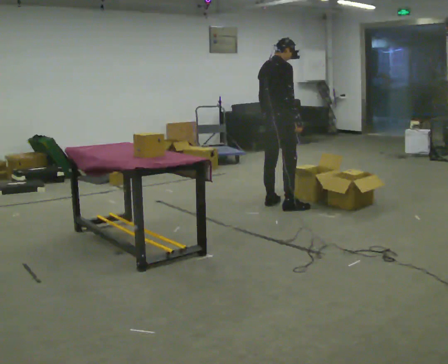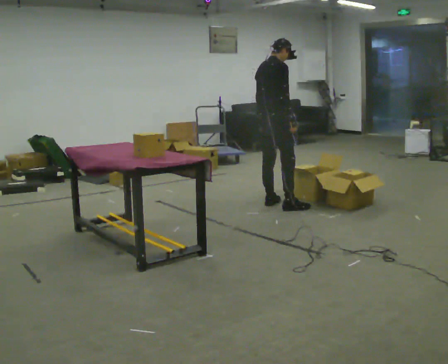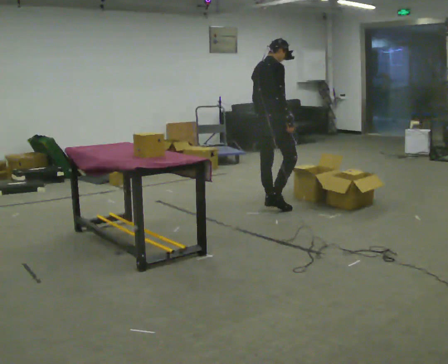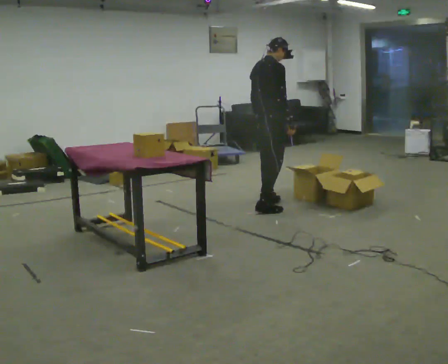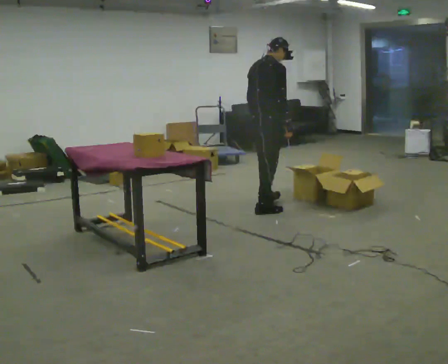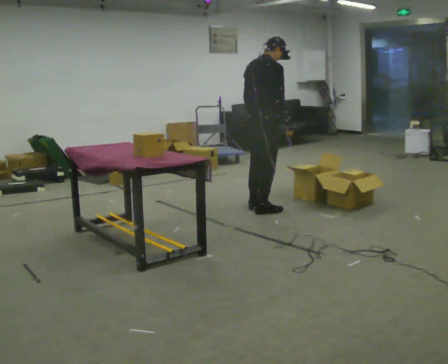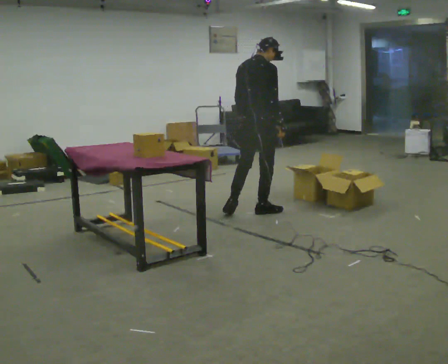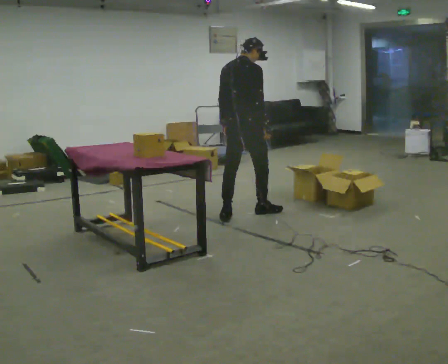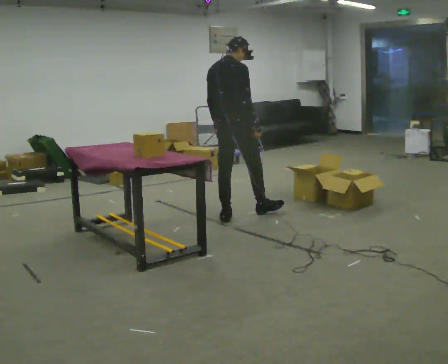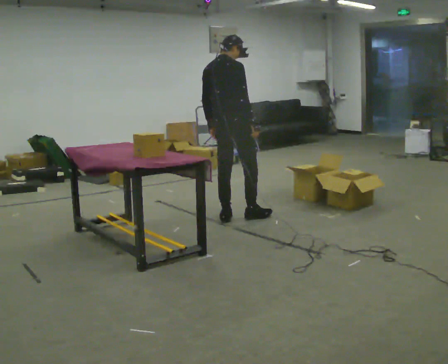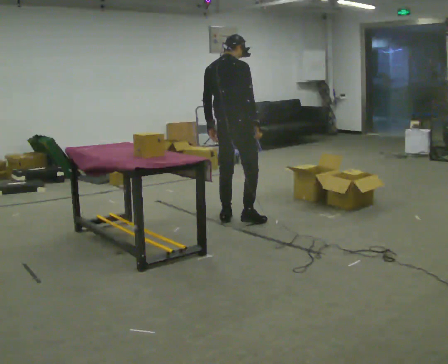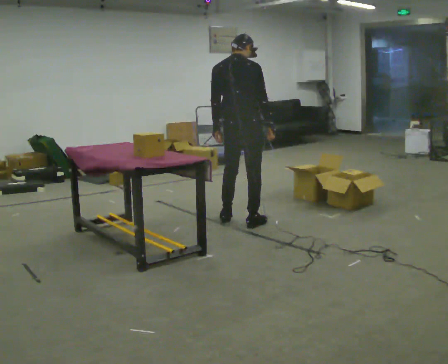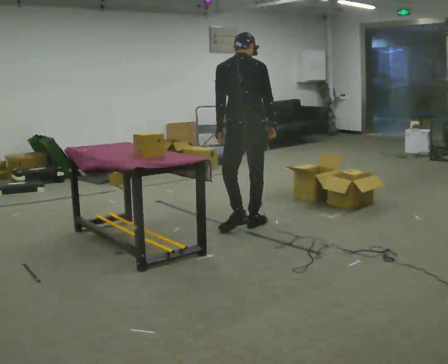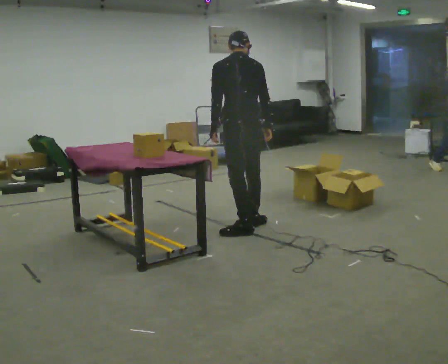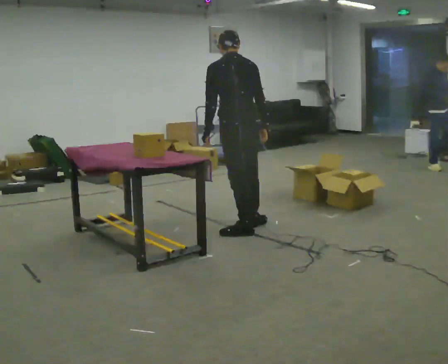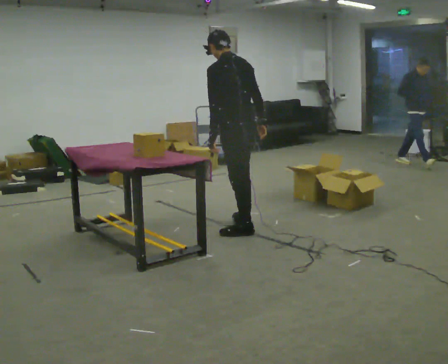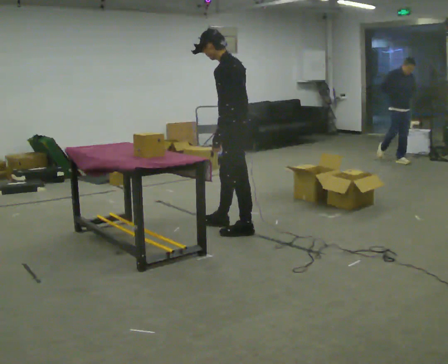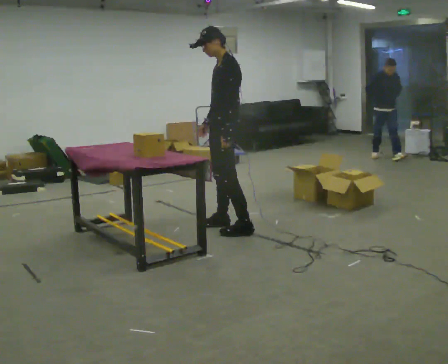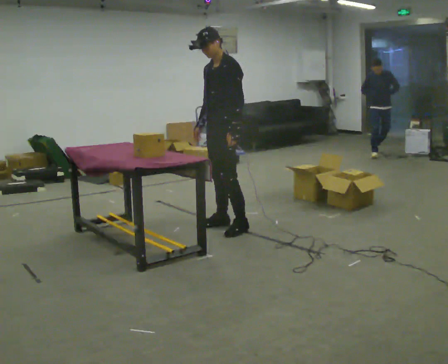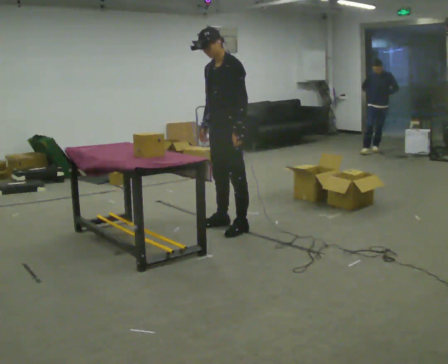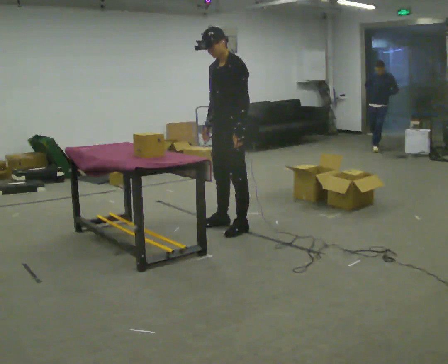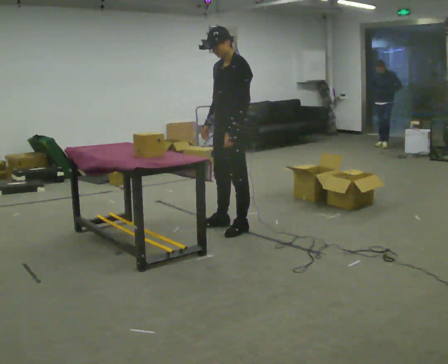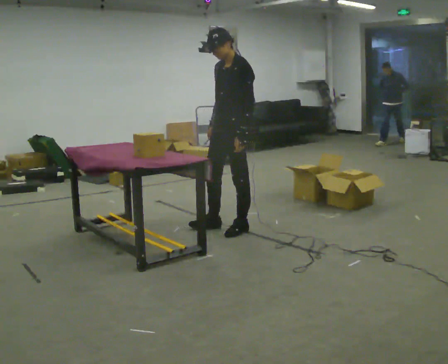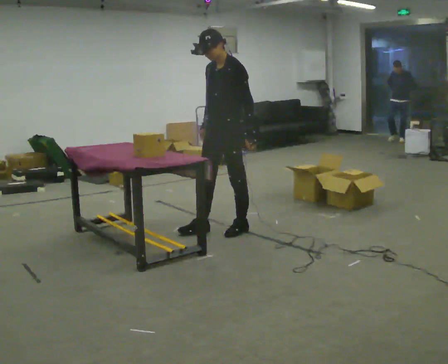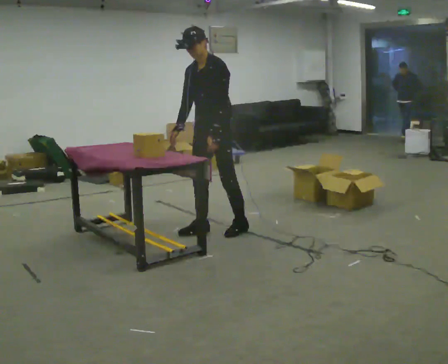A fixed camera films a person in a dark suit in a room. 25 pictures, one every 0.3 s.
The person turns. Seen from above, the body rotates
counterclockwise.
The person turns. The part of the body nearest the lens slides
to the right.
0.0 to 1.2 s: In the picture they go toward the camera, about 0.25 m in 1 step, which for them is backward.
1.2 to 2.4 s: In the picture they go to the left and toward the camera, about 0.5 m in 1 step, which for them is backward.
2.4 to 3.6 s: The person turns about 45 degrees to their left, counterclockwise seen from above, so the part of the body nearest the lens slides to the right. In the picture they go toward the camera, about 0.25 m in 2 steps, which for them is to their right and backward.
3.6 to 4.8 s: The part of the body nearest the lens slides to the right as the person turns to their left by about 60 degrees. In the picture they go toward the camera, about 0.25 m in 1 step.
4.8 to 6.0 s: Seen from above the body turns counterclockwise, about 60 degrees: to their left, with its near side sliding to the right.
6.0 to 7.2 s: The person moves a little, or ends about where they began.
The film runs backward here.
